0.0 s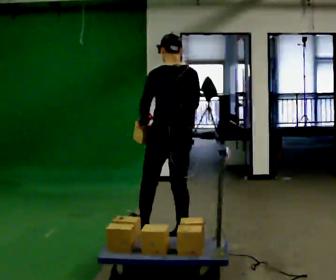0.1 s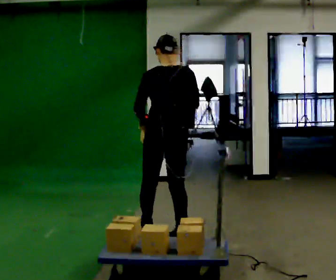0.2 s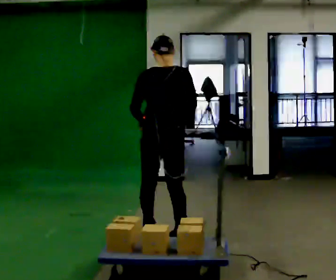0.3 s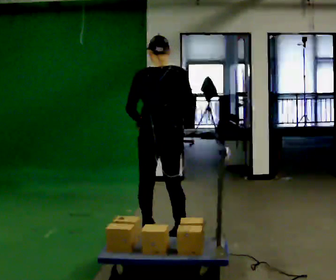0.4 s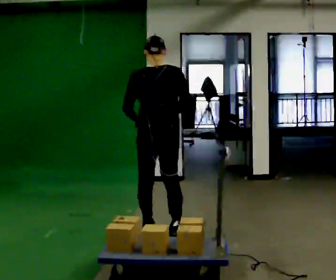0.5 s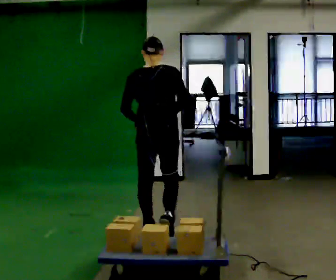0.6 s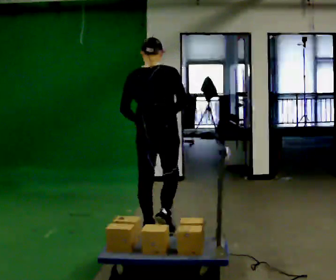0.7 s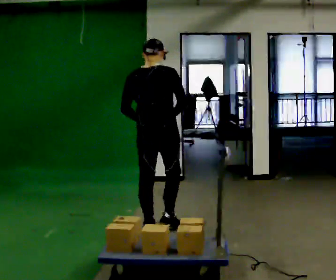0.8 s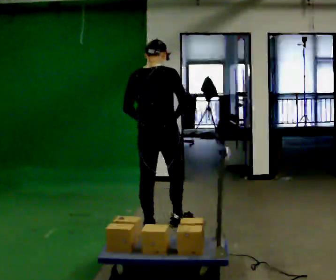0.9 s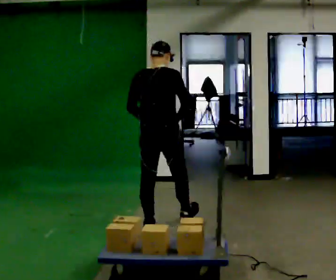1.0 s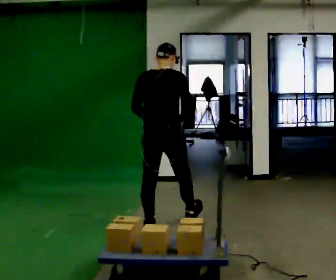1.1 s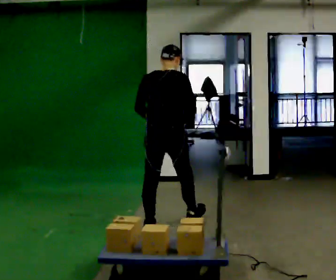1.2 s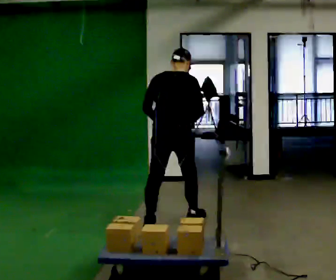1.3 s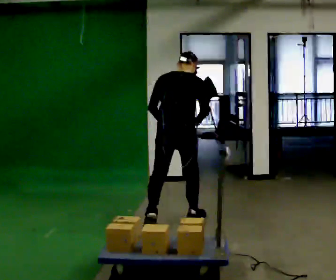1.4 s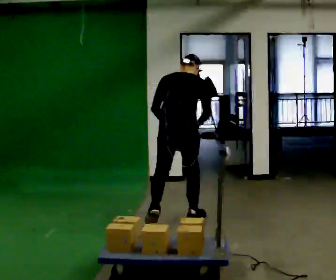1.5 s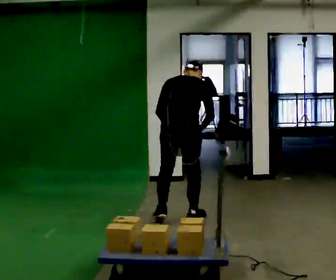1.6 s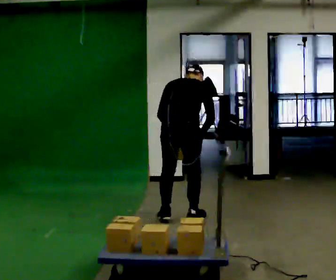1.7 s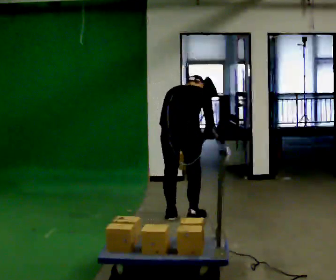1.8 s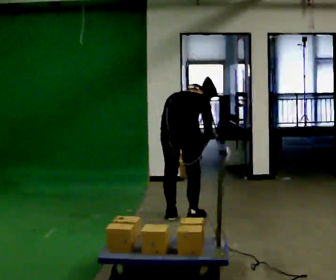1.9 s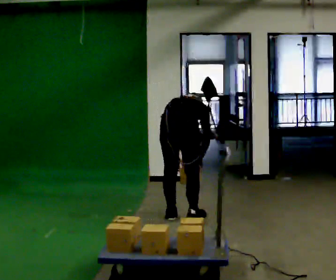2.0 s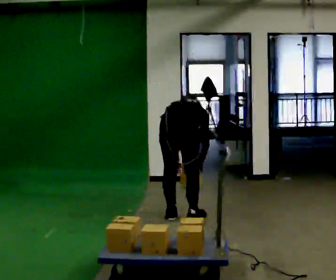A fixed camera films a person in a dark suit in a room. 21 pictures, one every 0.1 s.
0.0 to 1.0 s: The person turns about 45 degrees to their right, clockwise seen from above, so the part of the body nearest the lens slides to the left. In the picture they go away from the camera, about 0.5 m in 1 step, which for them is forward.
1.0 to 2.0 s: In the picture they go away from the camera and to the right, about 0.25 m in 2 steps, which for them is forward and to their right. The shoulders move downward. The upper body tips away from the camera, its near side rolling upward, as they bend forward. In the picture their right hand goes downward.
The film runs forward here.
